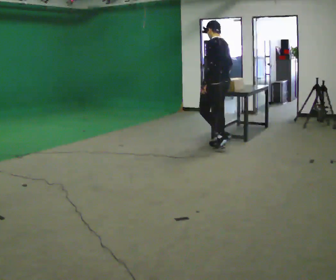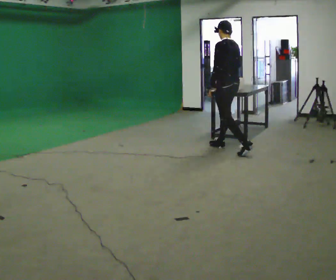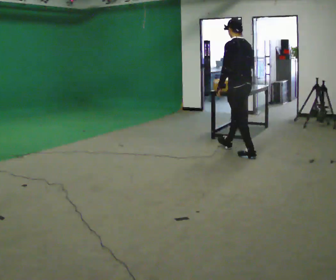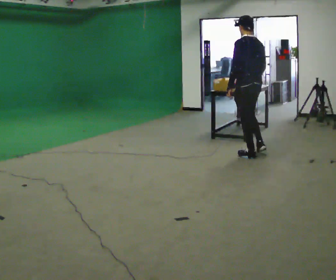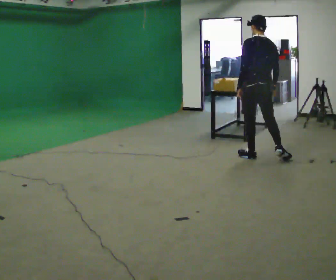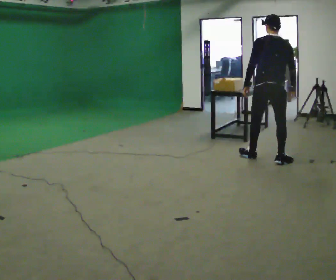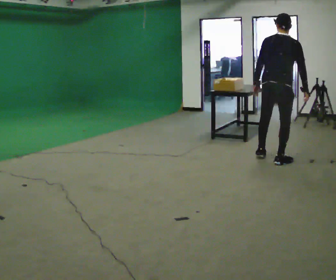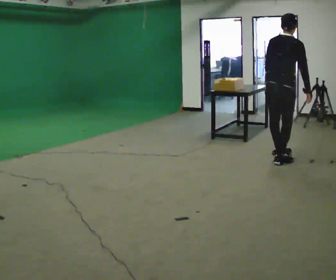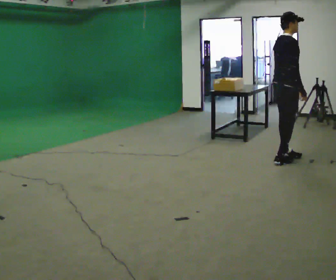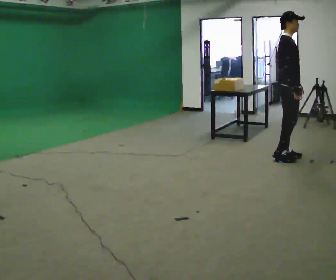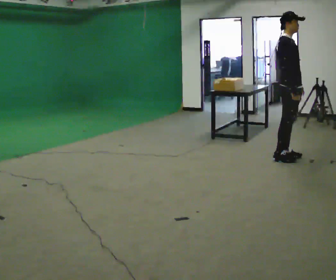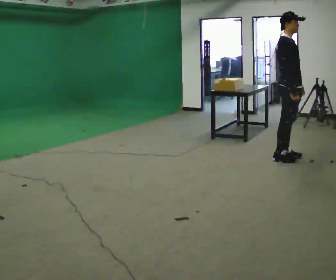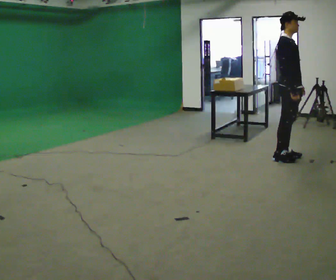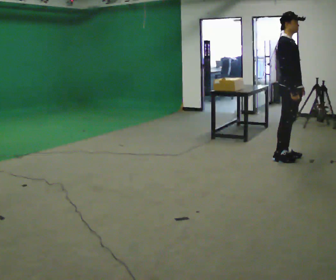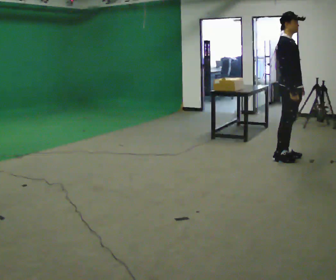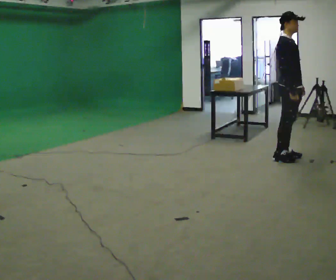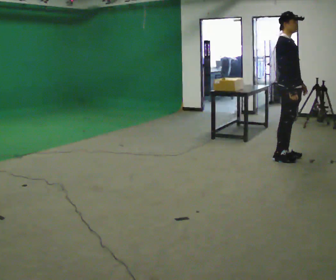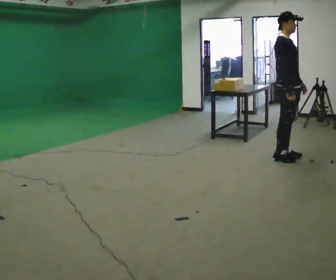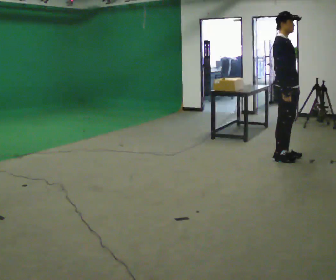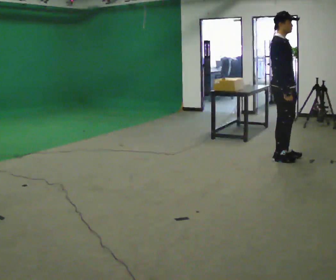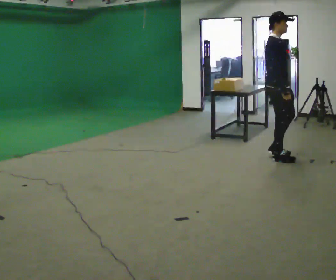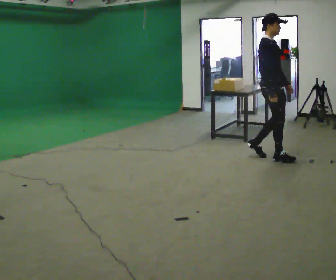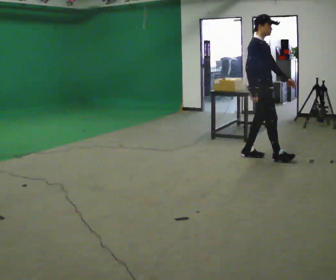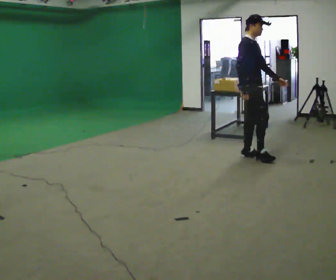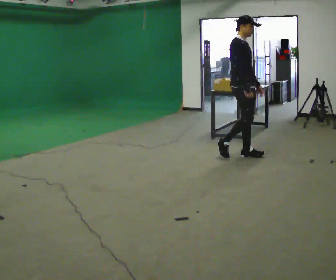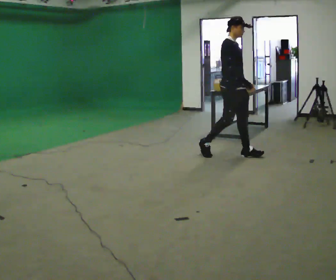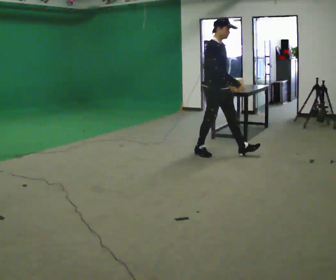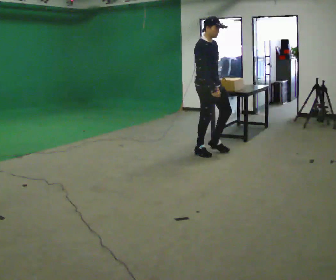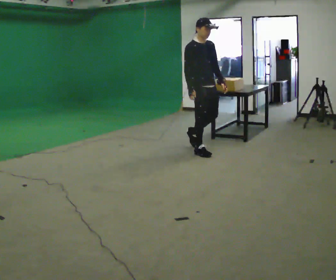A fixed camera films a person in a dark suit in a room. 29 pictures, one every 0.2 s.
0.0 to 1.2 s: Seen from above the body turns clockwise, about 75 degrees: to their right, with its near side sliding to the left. In the picture they go to the right and toward the camera, about 1 m in 2 steps.
1.2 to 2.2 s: The part of the body nearest the lens slides to the left as the person turns to their right by about 90 degrees. In the picture their left hand goes to the right, the arm swinging counterclockwise.
2.2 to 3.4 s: The person moves a little, or ends about where they began.
3.4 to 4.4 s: In the picture they go to the left, about 0.25 m in 1 step, which for them is backward.
4.4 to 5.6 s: In the picture they go to the left, about 1 m in 2 steps, which for them is backward.
The film runs backward here.
